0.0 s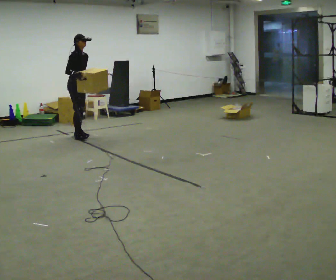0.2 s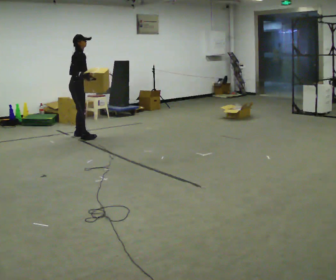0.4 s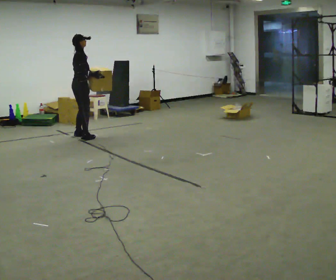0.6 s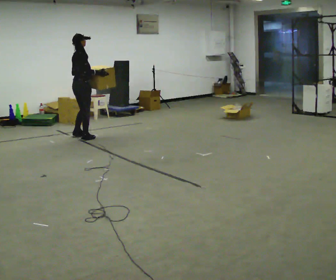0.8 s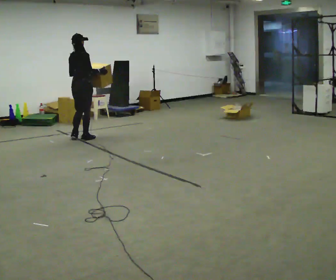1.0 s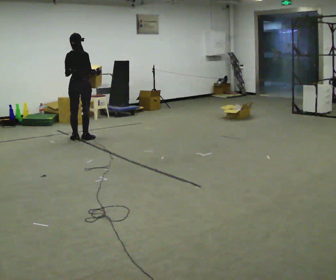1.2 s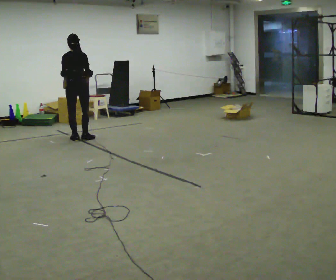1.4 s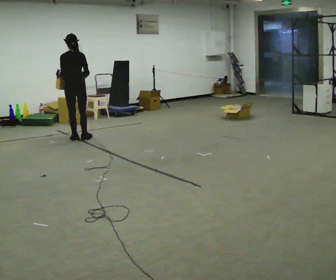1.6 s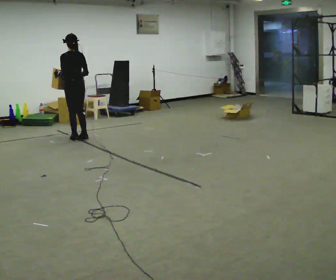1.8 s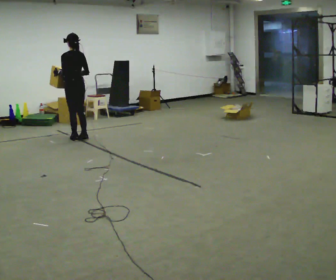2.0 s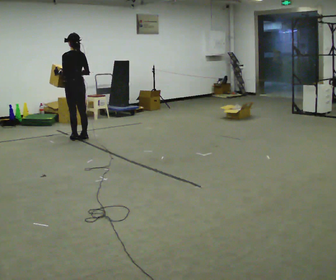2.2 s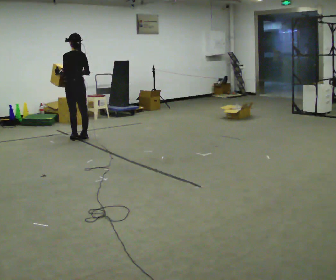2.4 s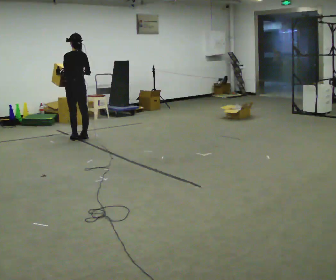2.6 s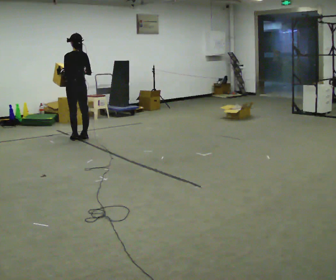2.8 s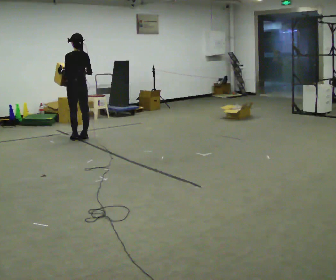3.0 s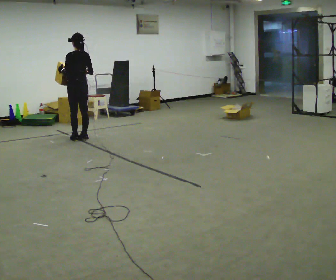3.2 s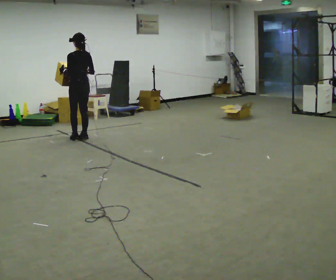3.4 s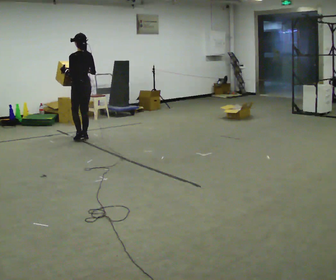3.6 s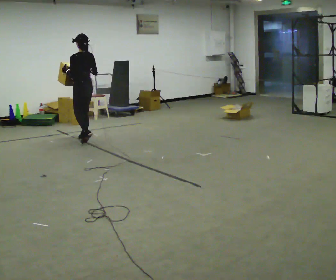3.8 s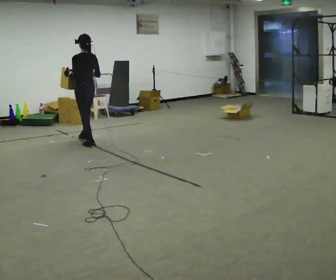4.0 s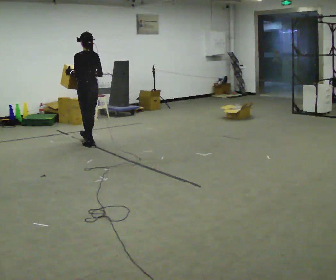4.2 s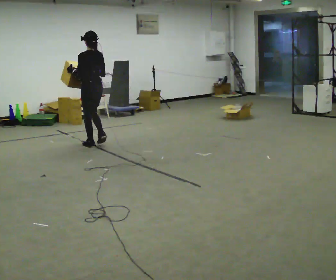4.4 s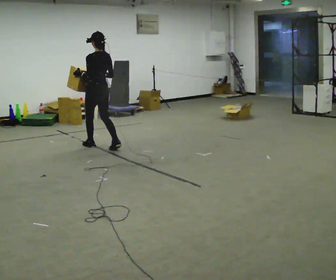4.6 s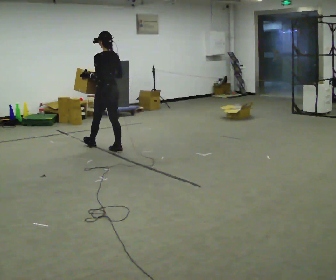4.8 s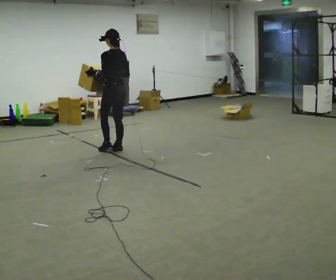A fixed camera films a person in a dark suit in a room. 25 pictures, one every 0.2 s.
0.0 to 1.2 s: The person turns about 120 degrees to their left, counterclockwise seen from above, so the part of the body nearest the lens slides to the right. In the picture they go toward the camera, about 0.25 m in 1 step.
1.2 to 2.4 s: The part of the body nearest the lens slides to the right as the person turns to their left by about 45 degrees.
2.4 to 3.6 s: The person moves a little, or ends about where they began.
3.6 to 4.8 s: In the picture they go toward the camera and to the right, about 1 m in 2 steps, which for them is backward.
The film runs backward here.
